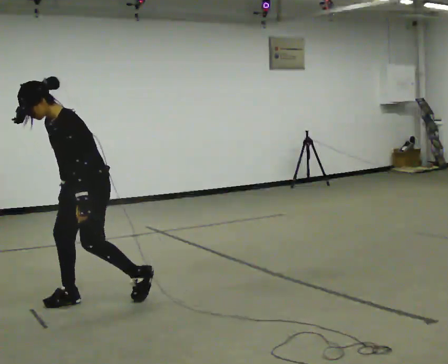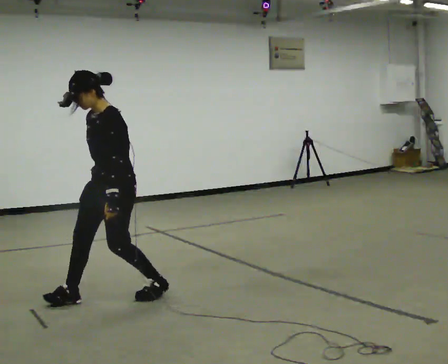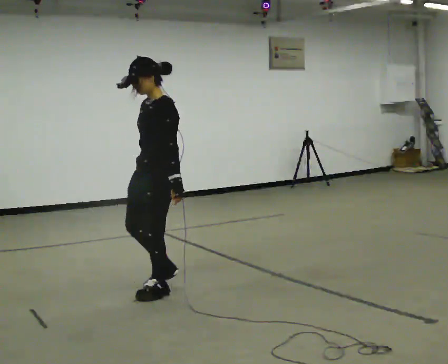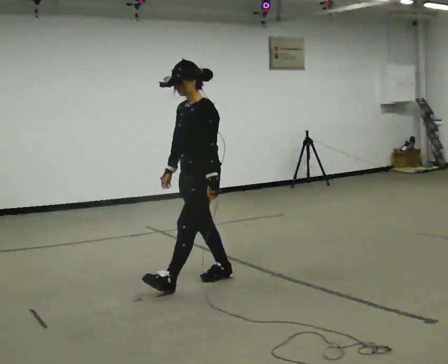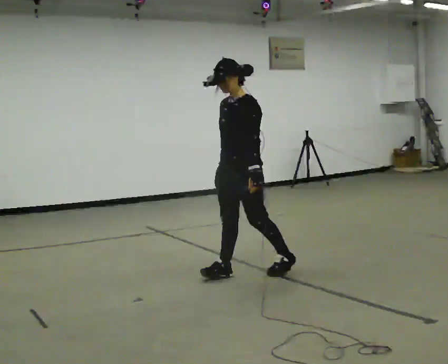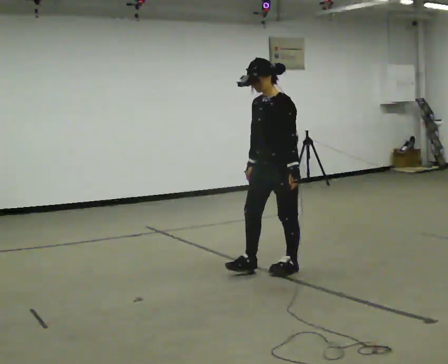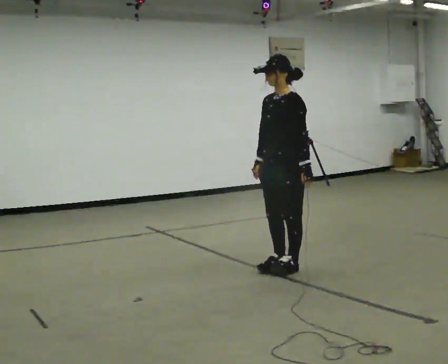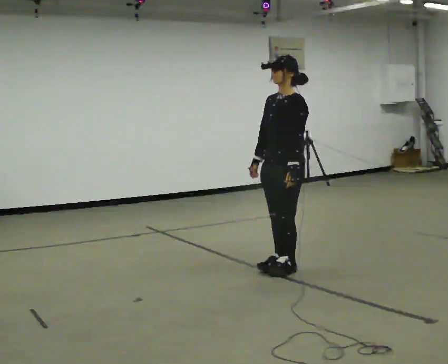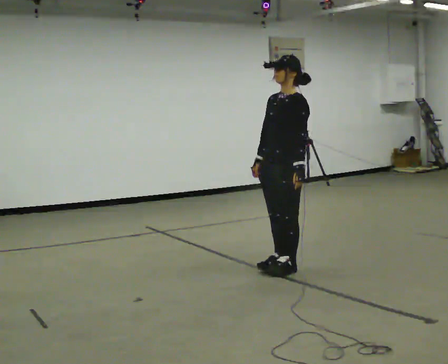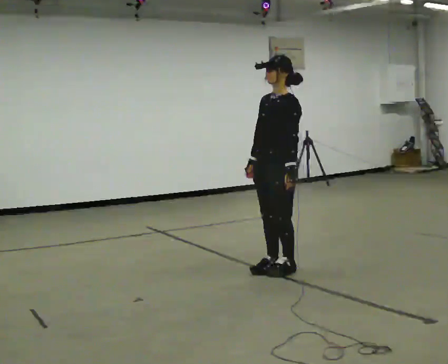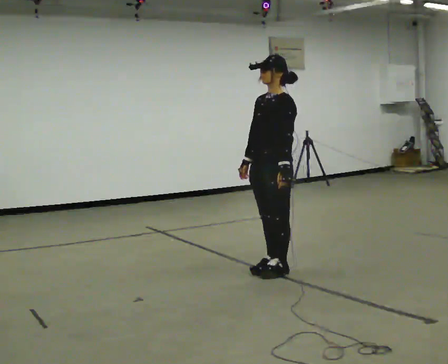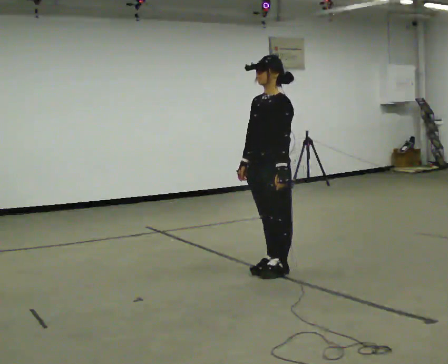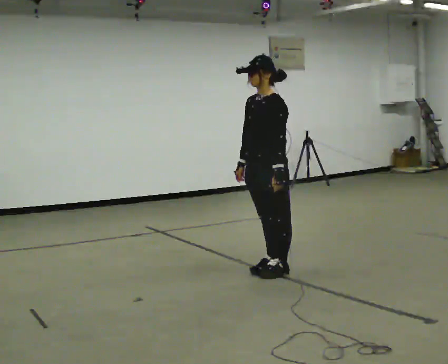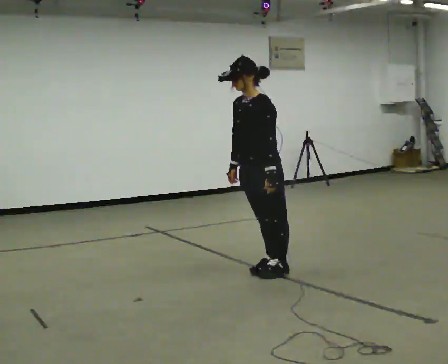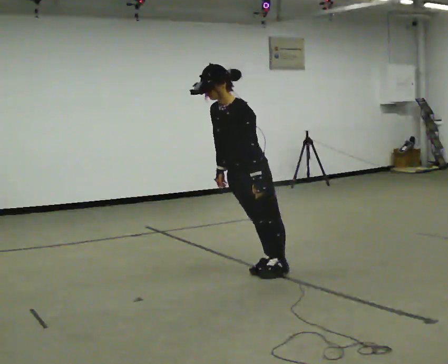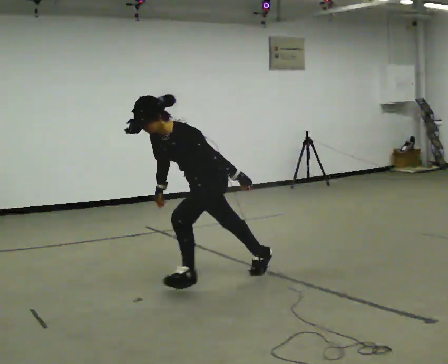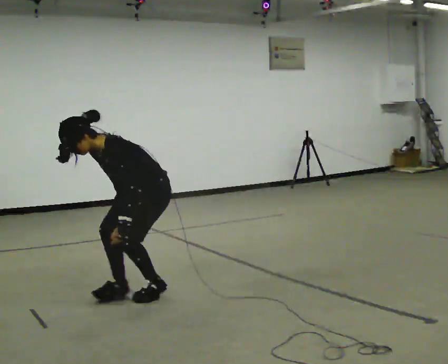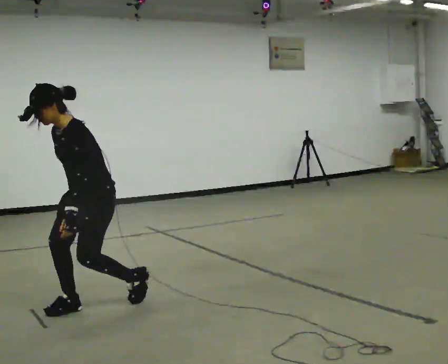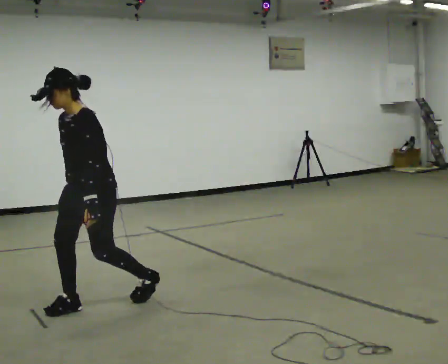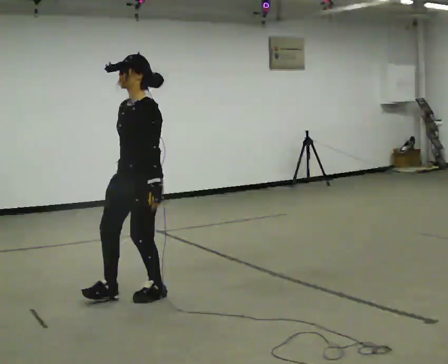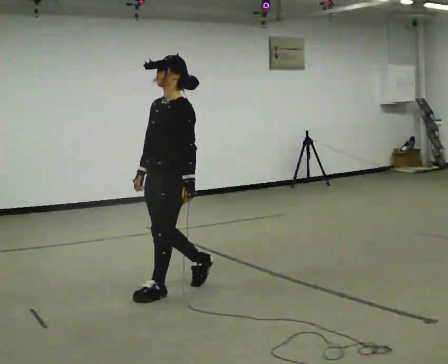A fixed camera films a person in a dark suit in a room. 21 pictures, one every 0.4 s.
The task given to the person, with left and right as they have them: Stand on the marked spots with your feet together. Lean forward from the ankles, keeping your body straight, until you cannot hold it any longer, then step forward to catch yourself. Return to the spots. Repeat at your own pace until the operator says stop. Go slowly and only as far as you are comfortable. Step whenever you need to; do not try to hold on longer than feels safe.
0.0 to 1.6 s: In the picture they go to the right and away from the camera, about 1 m in 2 steps, which for them is backward.
1.6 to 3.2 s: In the picture they go to the right, about 0.25 m in 2 steps, which for them is backward.
3.2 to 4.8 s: The person moves a little, or ends about where they began.
4.8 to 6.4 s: In the picture they go to the left and toward the camera, about 1 m in 1 step, which for them is forward. In the picture the upper body tilts counterclockwise, shoulders to the left, as they bend forward.
6.4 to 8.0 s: The upper body goes upward. In the picture the upper body tilts clockwise, shoulders to the right, as they lean back or straighten.
The film runs forward here.
